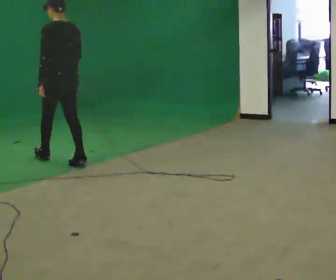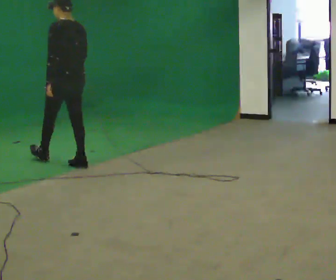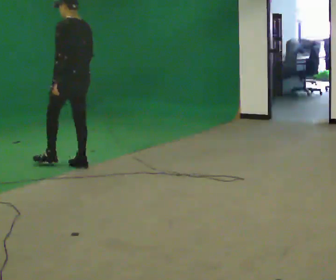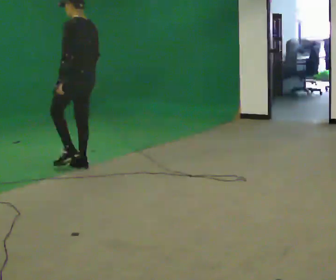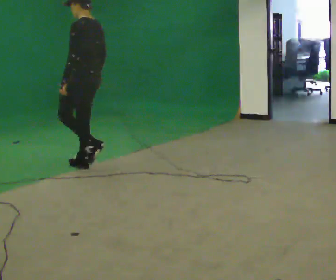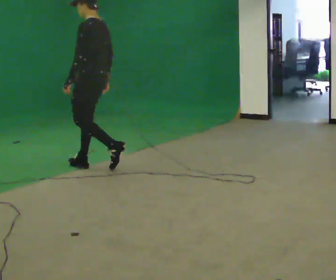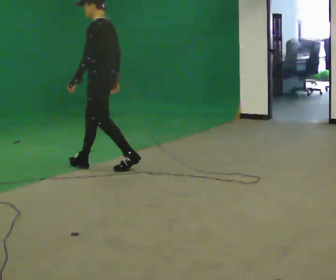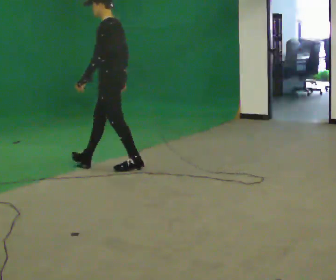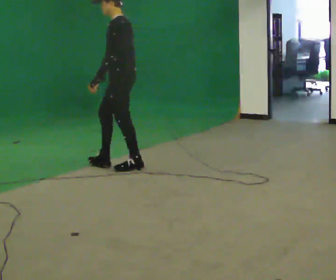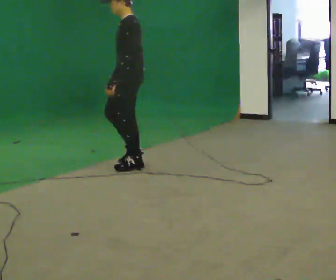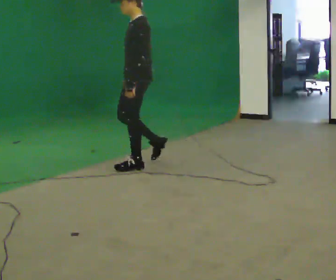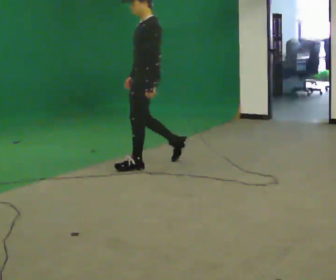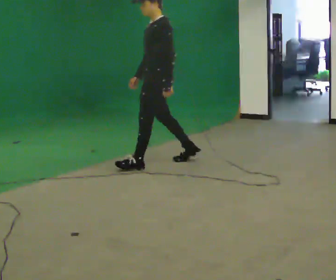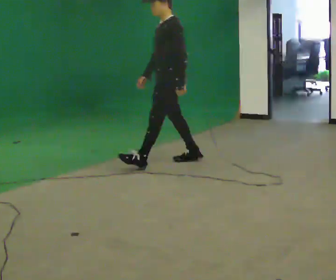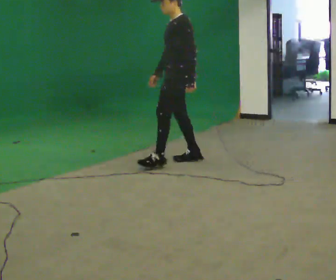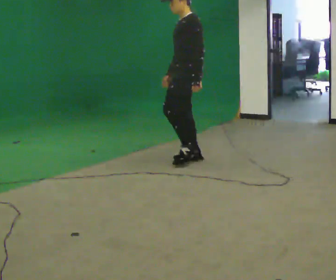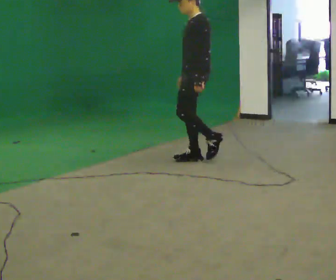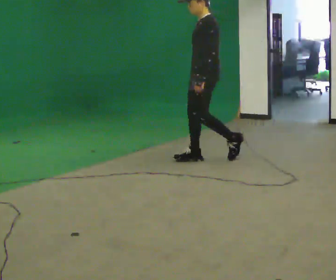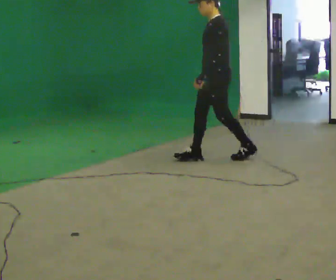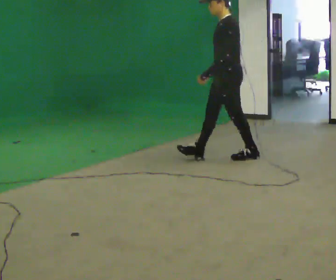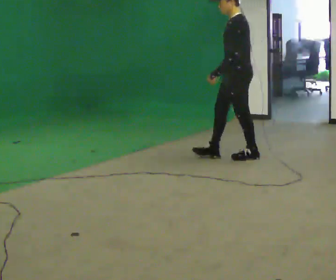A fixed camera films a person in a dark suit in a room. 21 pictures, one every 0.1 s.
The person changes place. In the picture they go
to the right.
0.0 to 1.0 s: The person turns about 60 degrees to their left, counterclockwise seen from above, so the part of the body nearest the lens slides to the right. In the picture they go to the right and toward the camera, about 1 m in 2 steps, which for them is backward.
1.0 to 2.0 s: In the picture they go to the right, about 1 m in 2 steps, which for them is backward.
The film runs backward here.
